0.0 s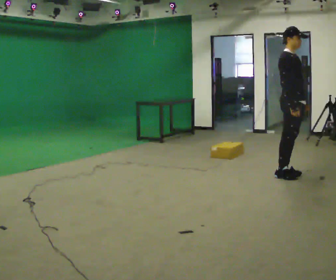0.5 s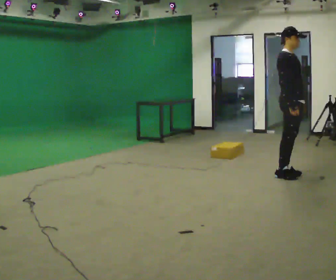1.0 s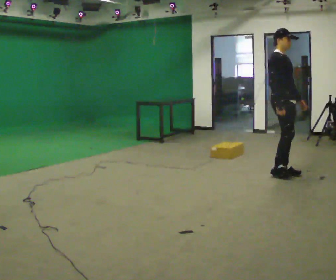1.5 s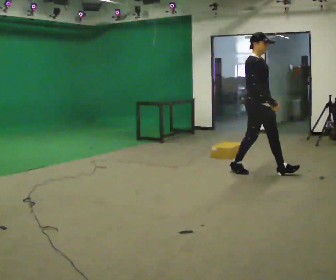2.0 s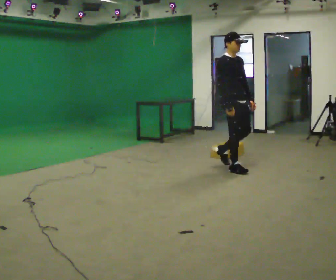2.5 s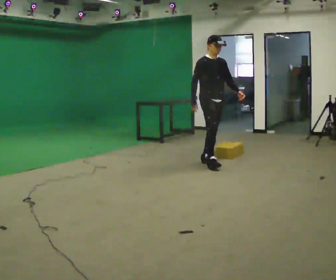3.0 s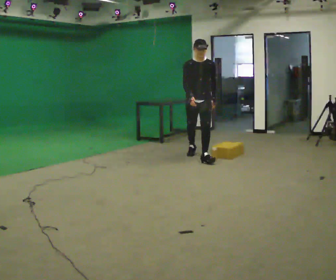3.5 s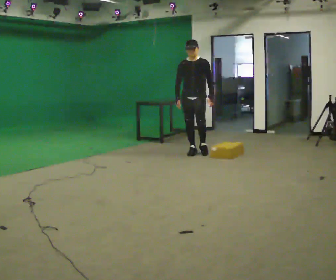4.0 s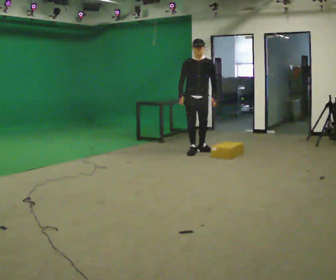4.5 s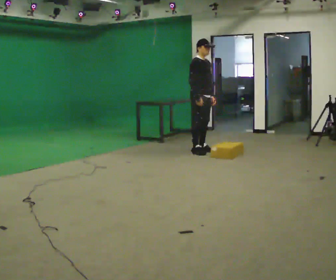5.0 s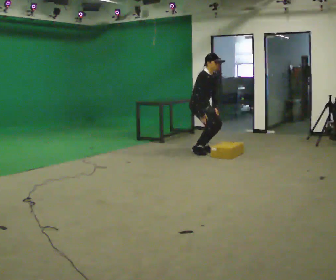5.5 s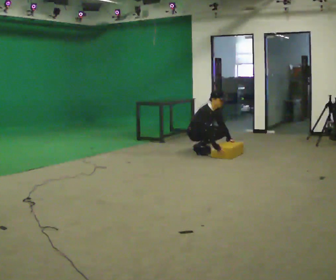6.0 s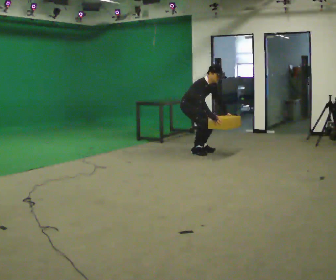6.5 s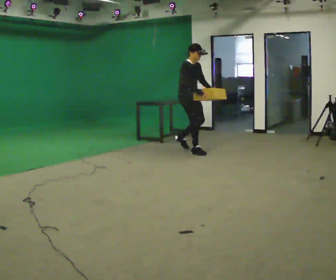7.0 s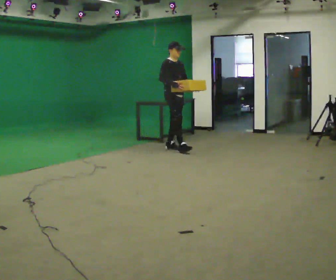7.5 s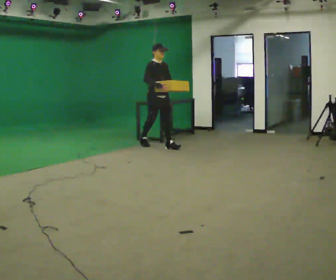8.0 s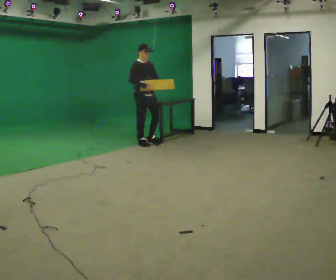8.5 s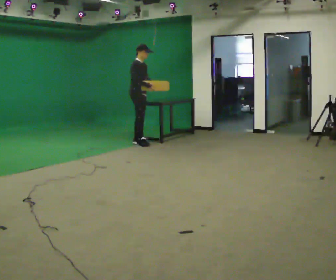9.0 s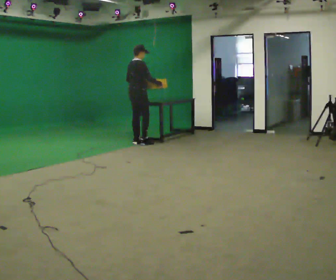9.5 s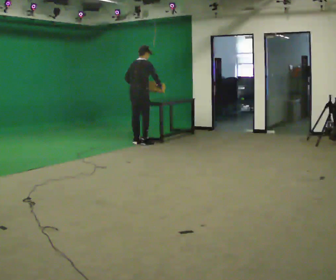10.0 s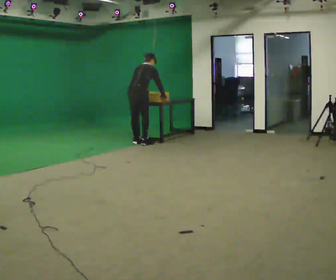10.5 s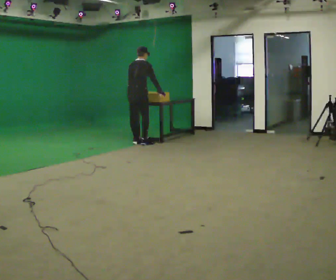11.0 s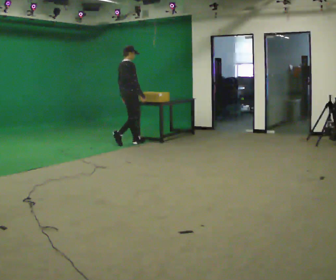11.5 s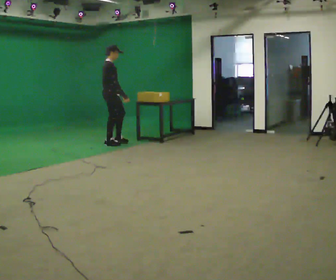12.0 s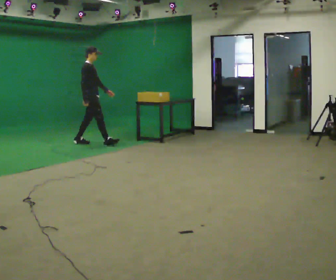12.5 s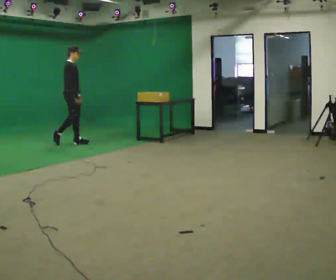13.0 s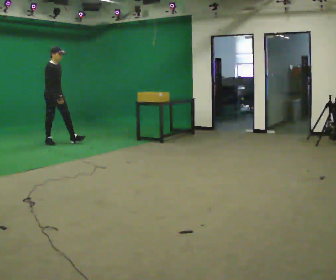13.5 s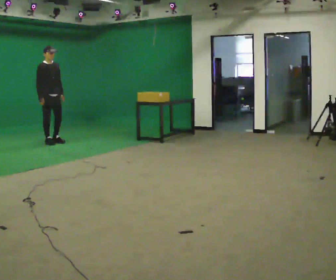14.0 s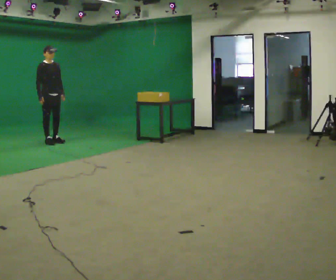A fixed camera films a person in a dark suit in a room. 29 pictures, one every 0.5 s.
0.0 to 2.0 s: In the picture they go to the left and away from the camera, about 1 m in 2 steps, which for them is backward.
2.0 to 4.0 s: Seen from above the body turns clockwise, about 45 degrees: to their right, with its near side sliding to the left. In the picture they go away from the camera and to the left, about 1.5 m in 2 steps, which for them is backward.
4.0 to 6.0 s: The part of the body nearest the lens slides to the right as the person turns to their left by about 60 degrees. In the picture the upper body tilts clockwise, shoulders to the right, as they bend forward. In the picture their right hand goes to the right and downward.
6.0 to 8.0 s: In the picture they go to the left and away from the camera, about 1 m in 3 steps, which for them is backward. The upper body goes upward. In the picture the upper body tilts counterclockwise, shoulders to the left, as they lean back or straighten. In the picture their right hand goes upward.
8.0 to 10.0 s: Seen from above the body turns counterclockwise, about 105 degrees: to their left, with its near side sliding to the right. The upper body tips away from the camera, its near side rolling upward, as they bend forward. In the picture their left hand goes to the left, the arm swinging clockwise.
10.0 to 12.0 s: Seen from above the body turns clockwise, about 60 degrees: to their right, with its near side sliding to the left. In the picture they go to the left, about 1 m in 2 steps, which for them is backward and to their left. The upper body tips toward the camera, its near side rolling downward, as they lean back or straighten.
12.0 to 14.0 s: The person turns about 45 degrees to their right, clockwise seen from above, so the part of the body nearest the lens slides to the left. In the picture they go to the left, about 1 m in 2 steps, which for them is backward.
The film runs backward here.
